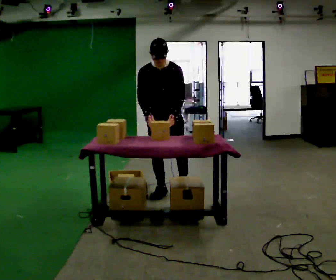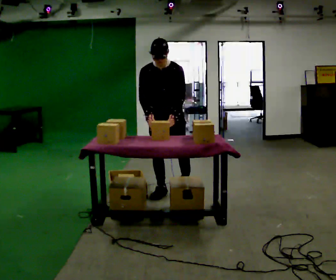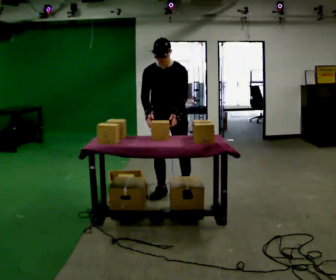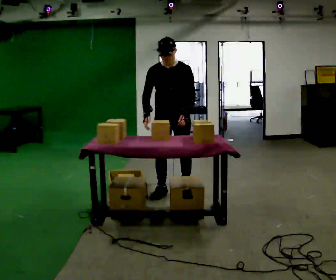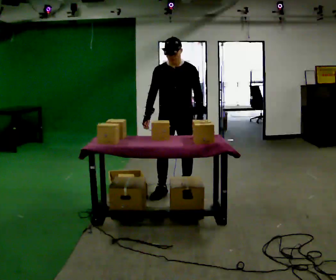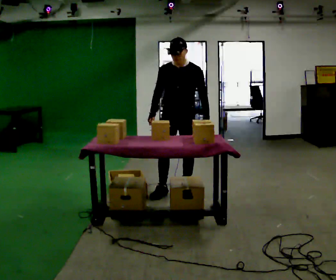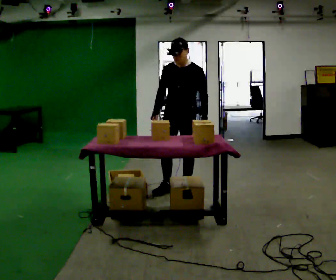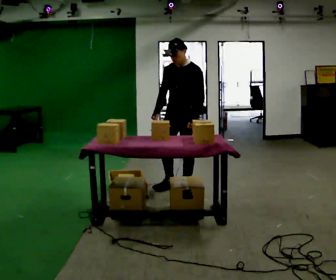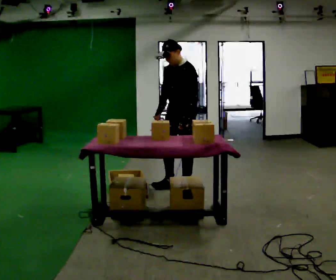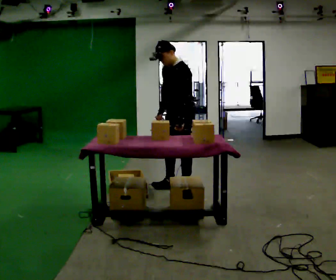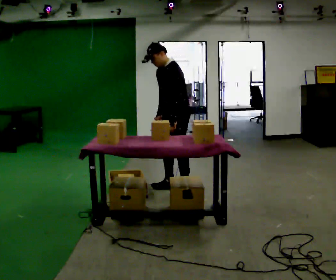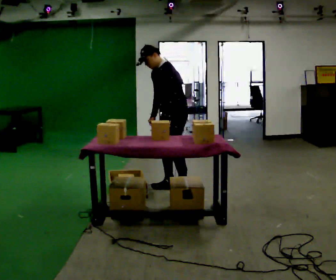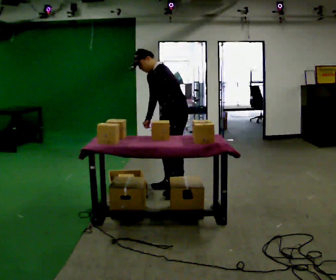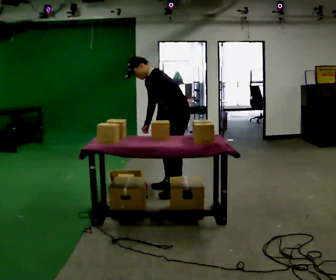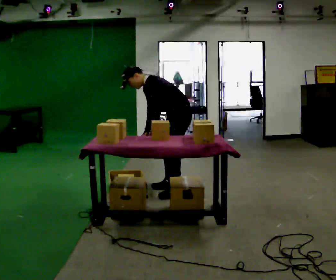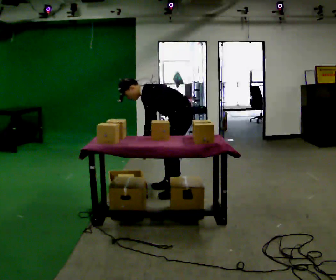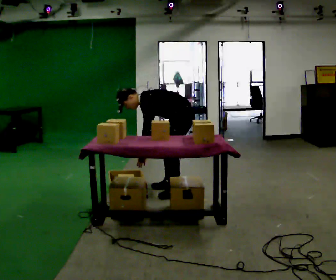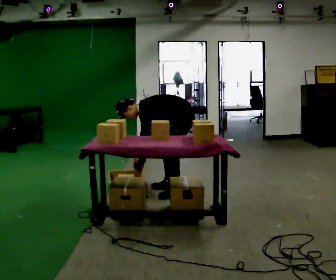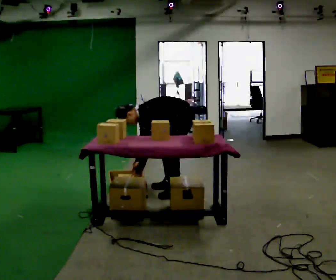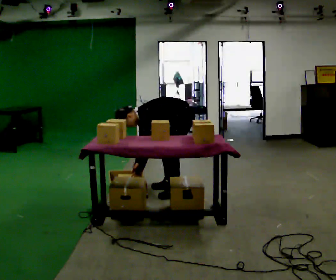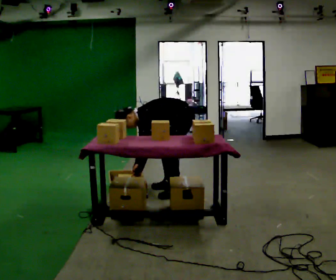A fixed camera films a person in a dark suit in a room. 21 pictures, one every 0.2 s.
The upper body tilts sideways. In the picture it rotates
counterclockwise.
The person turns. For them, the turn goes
to their right.
0.0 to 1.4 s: Seen from above the body turns clockwise, about 45 degrees: to their right, with its near side sliding to the left. In the picture they go to the right, about 0.25 m in 1 step, which for them is to their left and backward.
1.4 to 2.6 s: The person turns about 45 degrees to their right, clockwise seen from above, so the part of the body nearest the lens slides to the left. In the picture the upper body tilts counterclockwise, shoulders to the left, as they bend forward.
2.6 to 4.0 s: The upper body goes downward. In the picture the upper body tilts counterclockwise, shoulders to the left, as they bend forward. In the picture their left hand goes downward.
The film runs forward here.
